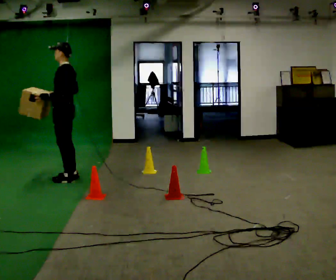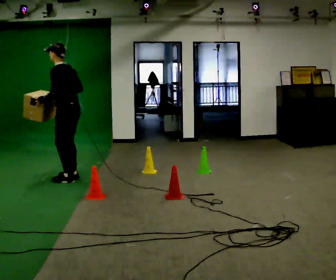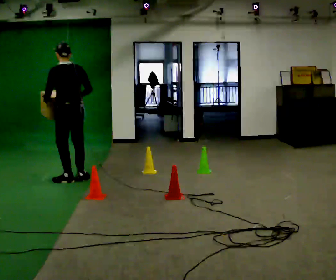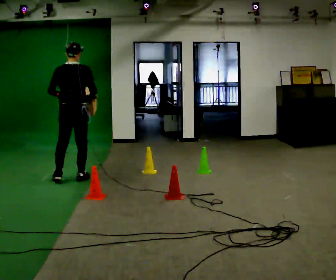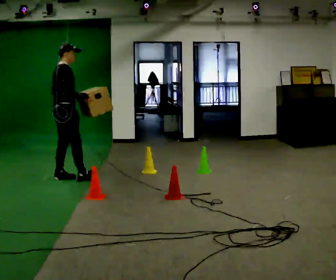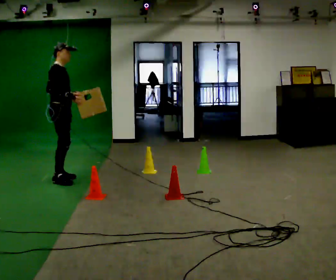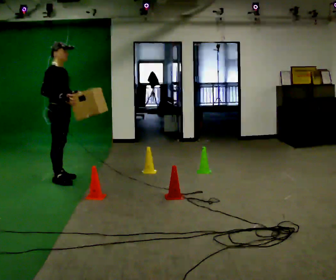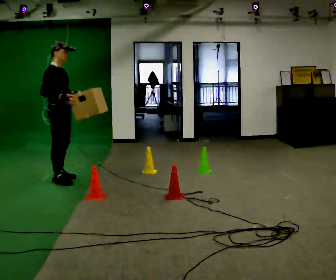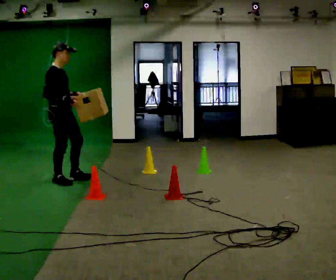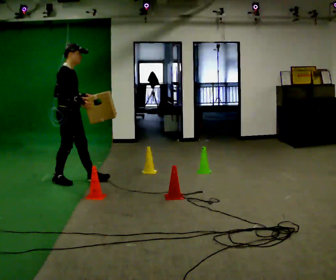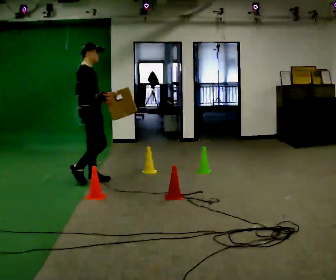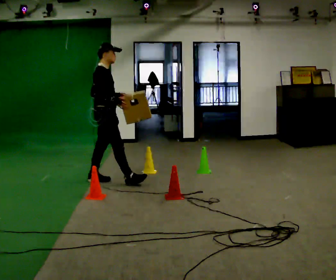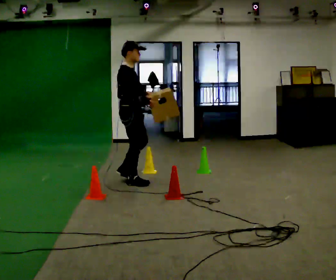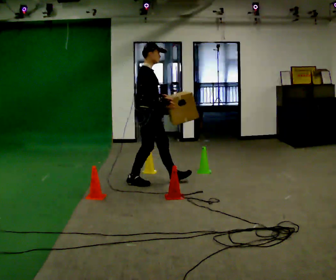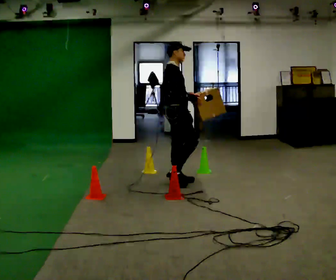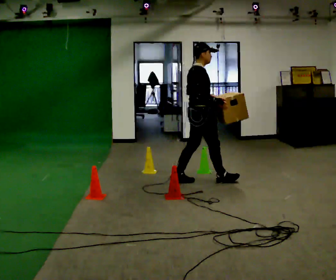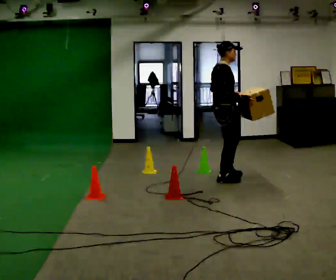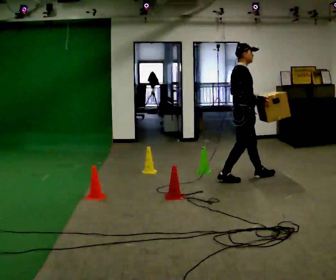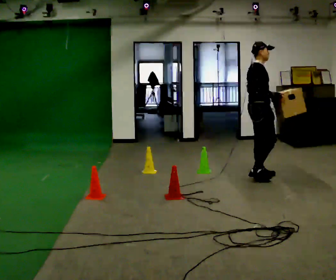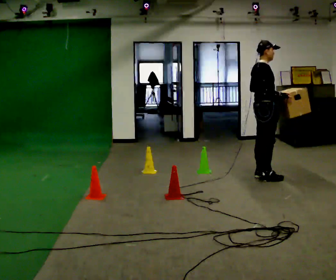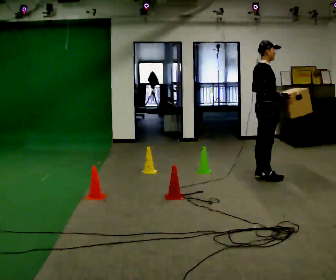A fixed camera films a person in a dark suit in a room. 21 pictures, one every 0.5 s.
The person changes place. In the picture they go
to the right.
0.0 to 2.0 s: The person turns about 150 degrees to their right, clockwise seen from above, so the part of the body nearest the lens slides to the left. In the picture their right hand goes to the right.
2.0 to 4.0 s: The person turns about 30 degrees to their right, clockwise seen from above, so the part of the body nearest the lens slides to the left. In the picture they go toward the camera, about 0.25 m in 1 step, which for them is to their right.
4.0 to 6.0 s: In the picture they go to the right, about 1 m in 2 steps, which for them is forward.
6.0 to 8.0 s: In the picture they go to the right, about 1 m in 2 steps, which for them is forward.
8.0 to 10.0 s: In the picture they go to the right, about 0.5 m in 2 steps, which for them is forward.
The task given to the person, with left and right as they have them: Carry the box through the gap between the panels without touching either side, then set it down and bring it back. Keep going until the operator says stop; one object at a time, and do not rush between trips.
The film runs forward here.
